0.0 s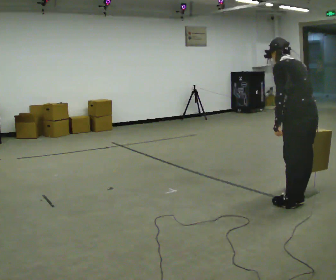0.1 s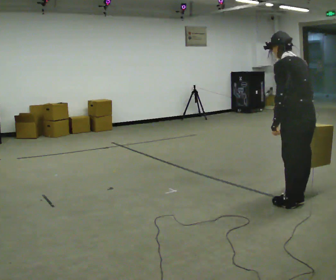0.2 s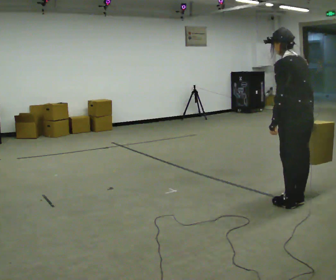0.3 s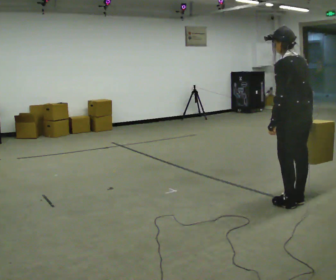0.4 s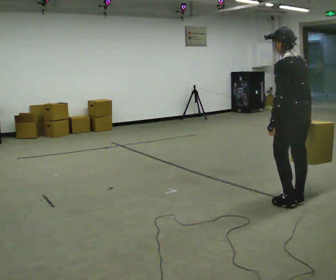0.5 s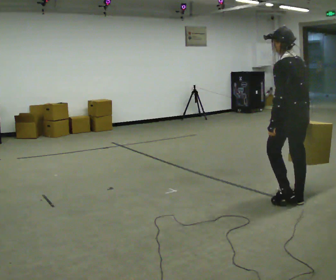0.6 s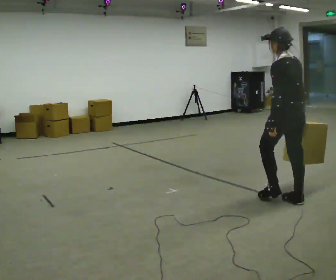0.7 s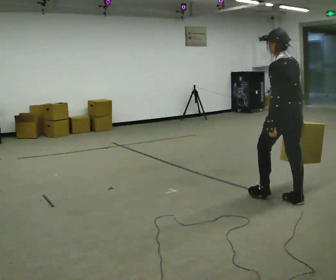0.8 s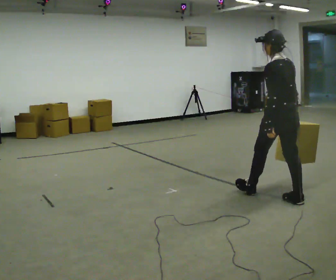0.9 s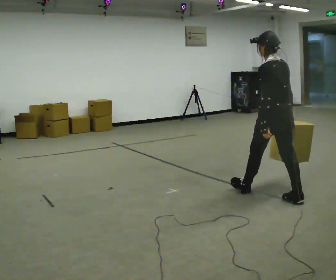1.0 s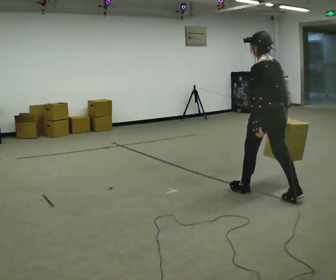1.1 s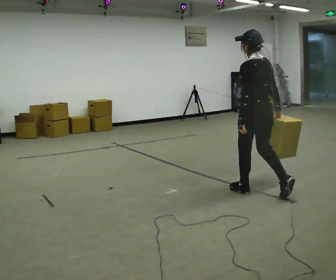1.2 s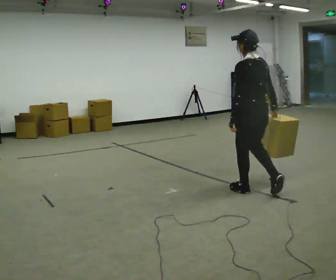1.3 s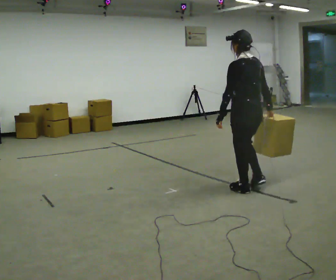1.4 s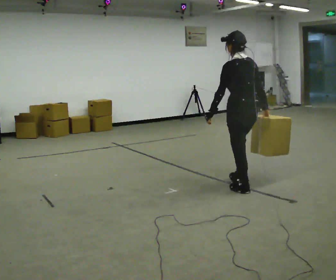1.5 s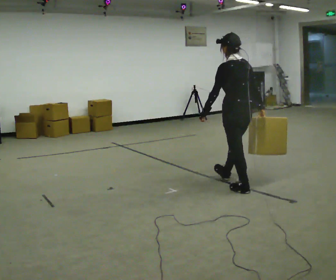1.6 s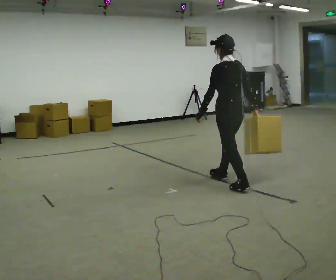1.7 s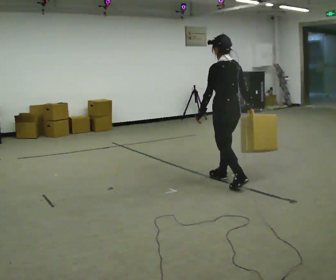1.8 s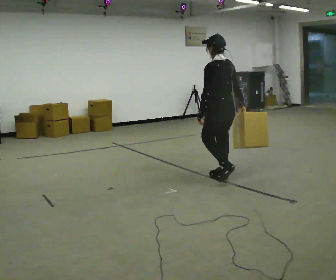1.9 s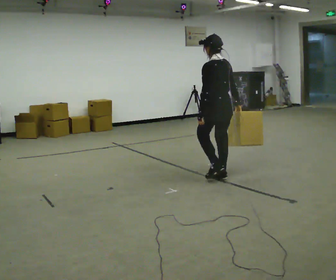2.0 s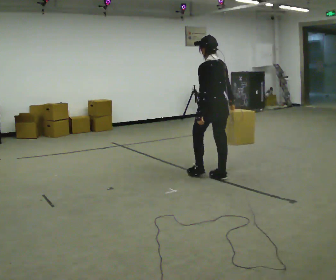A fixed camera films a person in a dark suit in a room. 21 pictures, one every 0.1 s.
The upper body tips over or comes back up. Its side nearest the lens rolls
downward.
0.0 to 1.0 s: In the picture they go to the left and away from the camera, about 0.5 m in 1 step, which for them is forward. The upper body tips toward the camera, its near side rolling downward, as they lean back or straighten.
1.0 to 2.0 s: In the picture they go to the left and away from the camera, about 1 m in 1 step, which for them is forward.
The film runs forward here.
